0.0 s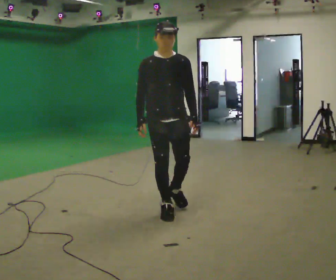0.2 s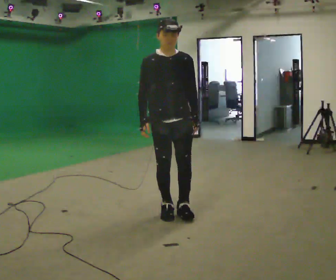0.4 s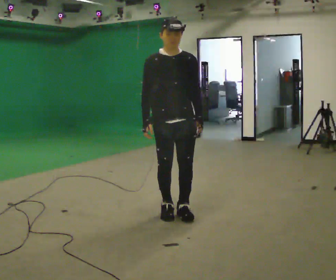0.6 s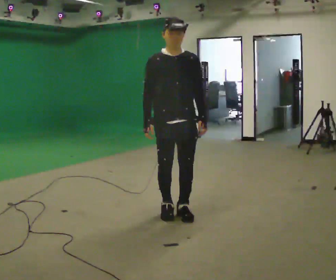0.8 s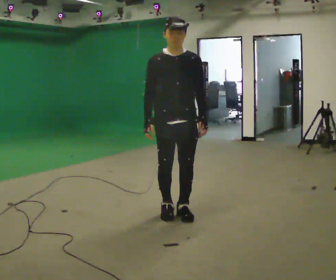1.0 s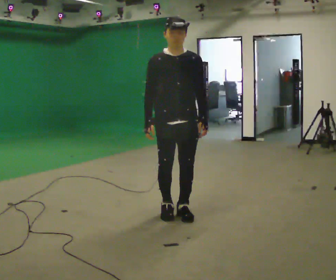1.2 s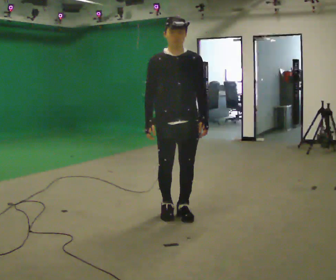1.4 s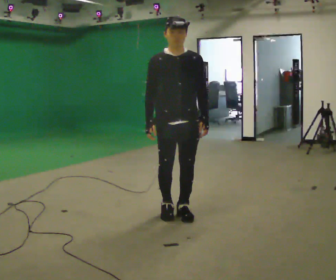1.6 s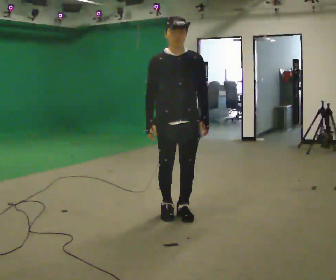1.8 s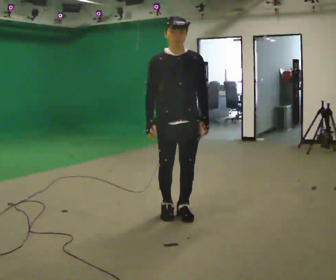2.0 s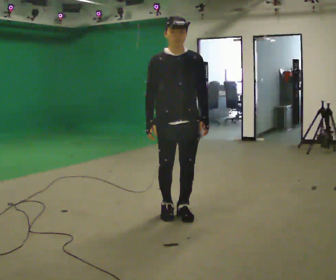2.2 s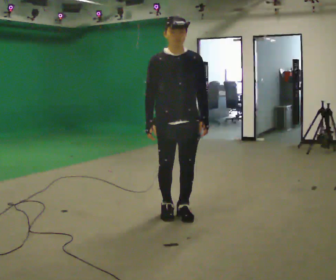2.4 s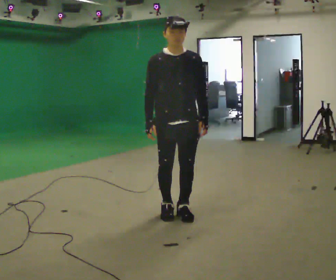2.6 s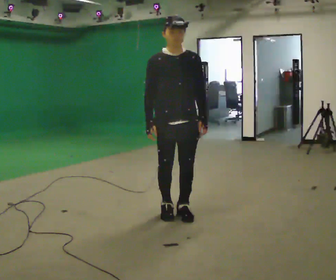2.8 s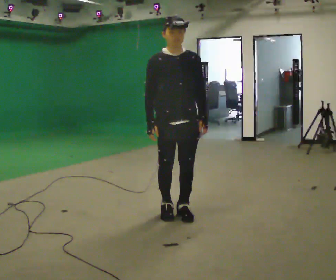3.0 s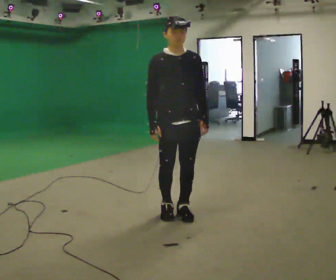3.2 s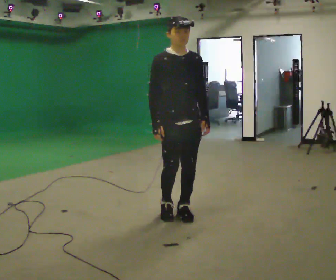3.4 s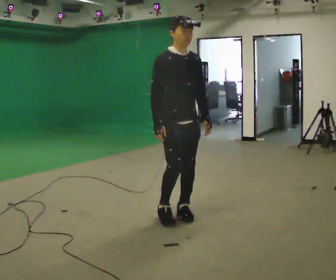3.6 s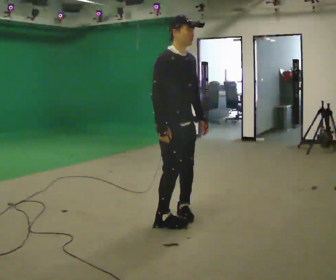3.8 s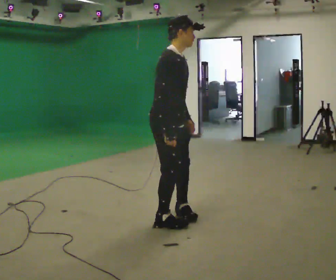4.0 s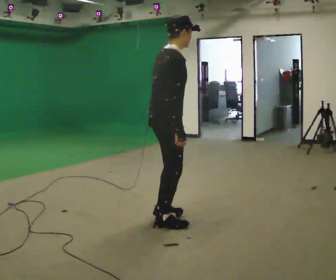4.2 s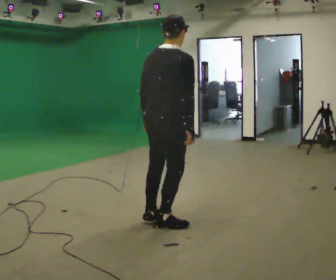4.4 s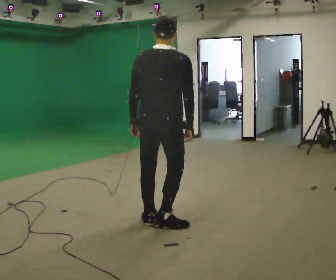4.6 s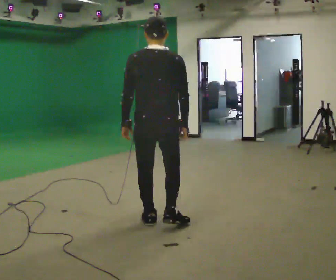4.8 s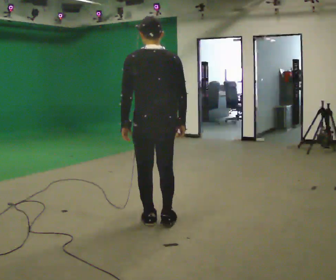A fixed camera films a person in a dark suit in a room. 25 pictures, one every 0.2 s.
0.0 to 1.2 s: In the picture they go toward the camera, about 0.25 m in 1 step, which for them is forward.
1.2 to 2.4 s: The person keeps their place and pose.
2.4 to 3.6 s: Seen from above the body turns counterclockwise, about 45 degrees: to their left, with its near side sliding to the right.
3.6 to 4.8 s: The person turns about 135 degrees to their left, counterclockwise seen from above, so the part of the body nearest the lens slides to the right. In the picture their left hand goes to the left, the arm swinging clockwise.
The film runs forward here.
